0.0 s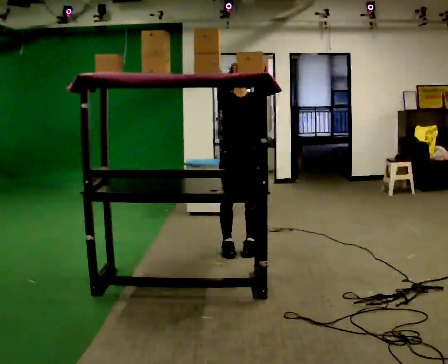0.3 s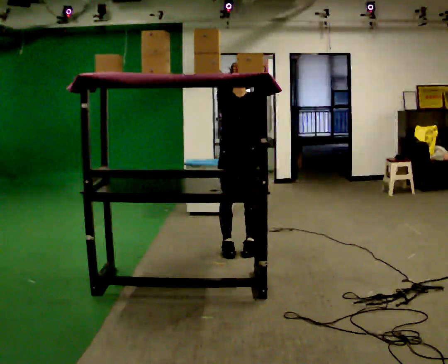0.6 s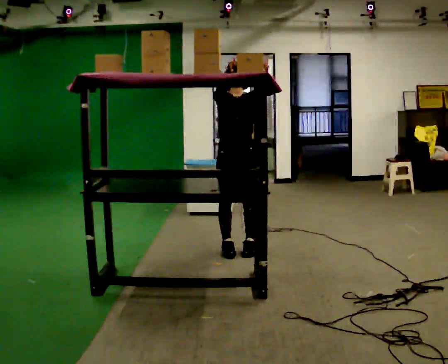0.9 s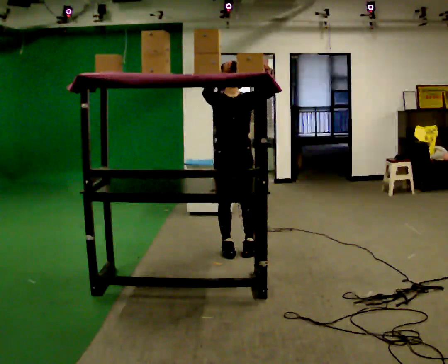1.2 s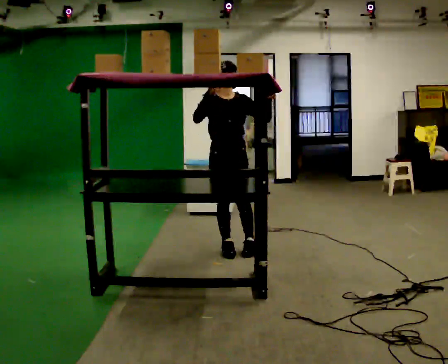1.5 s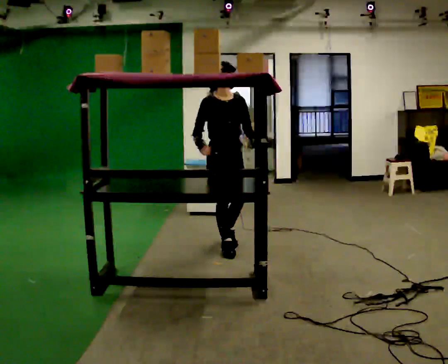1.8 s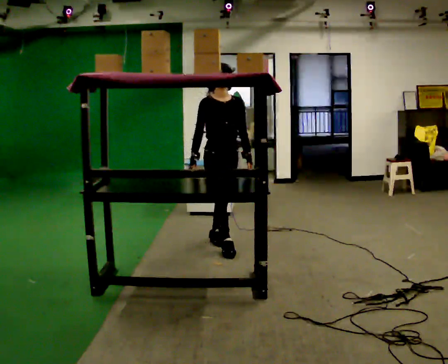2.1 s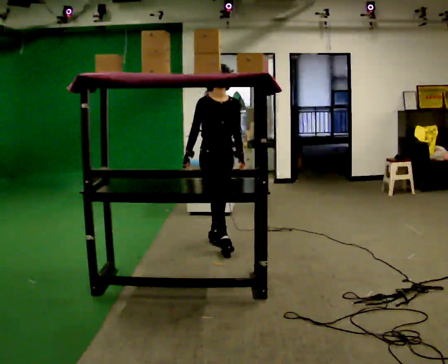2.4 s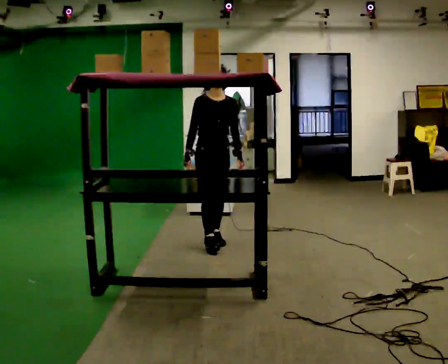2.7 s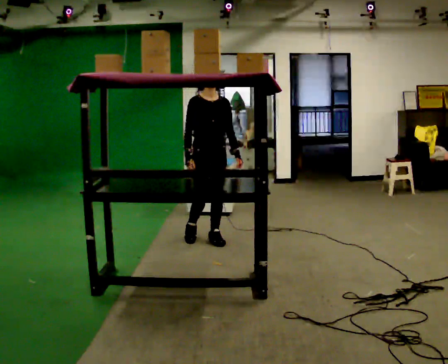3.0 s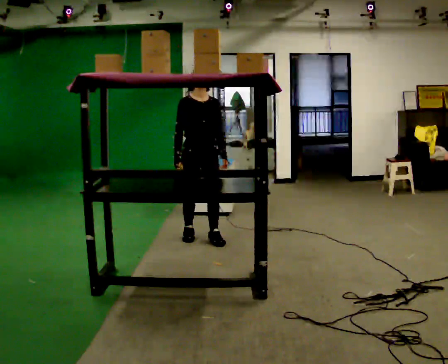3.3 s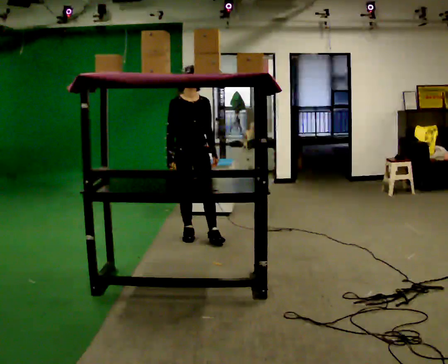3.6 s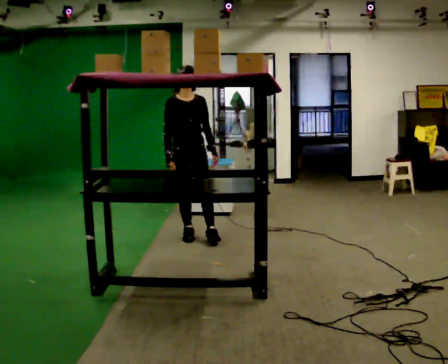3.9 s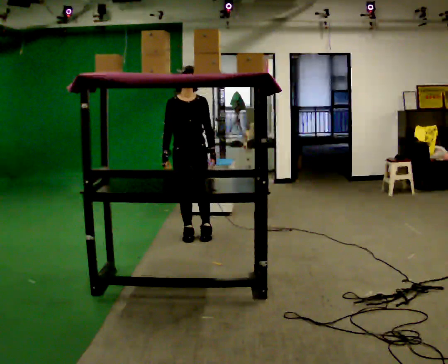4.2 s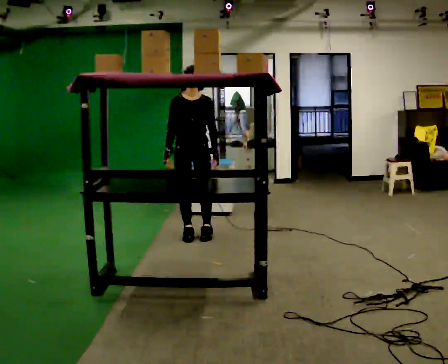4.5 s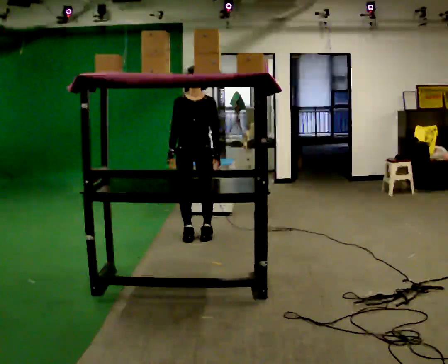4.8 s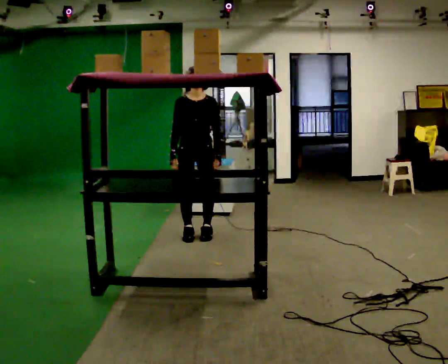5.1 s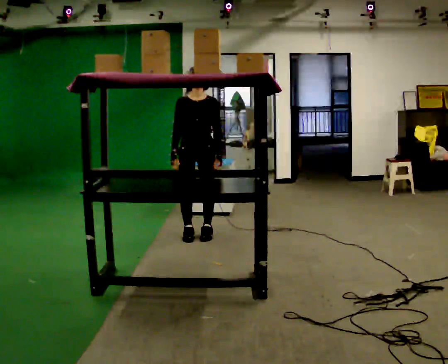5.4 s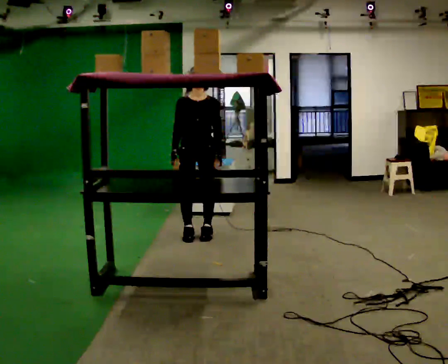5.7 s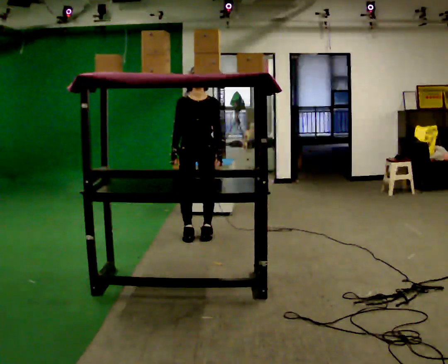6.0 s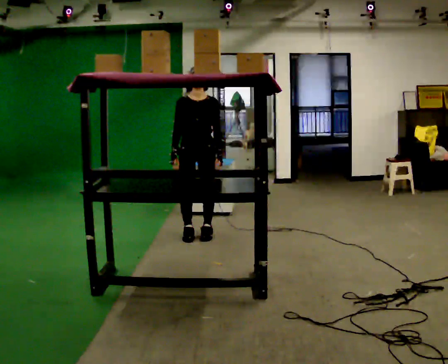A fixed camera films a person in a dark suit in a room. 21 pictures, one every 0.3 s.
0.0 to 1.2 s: The person moves a little, or ends about where they began.
1.2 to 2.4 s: In the picture they go away from the camera, about 0.25 m in 2 steps, which for them is backward. In the picture their left hand goes downward, the arm swinging clockwise.
2.4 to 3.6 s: In the picture they go to the left and away from the camera, about 0.25 m in 1 step, which for them is backward and to their right.
3.6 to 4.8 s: The person moves a little, or ends about where they began.
4.8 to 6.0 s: The person keeps their place and pose.
The film runs backward here.
